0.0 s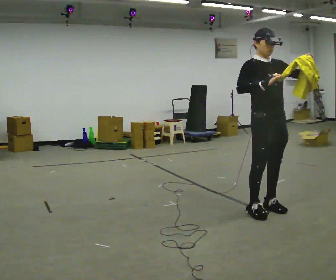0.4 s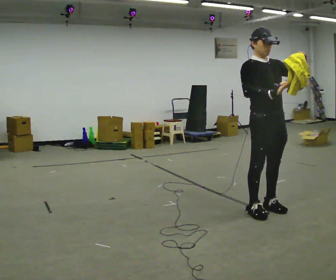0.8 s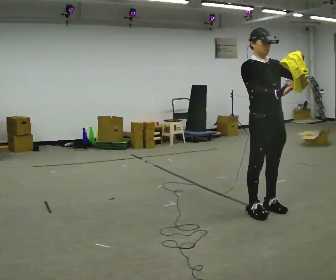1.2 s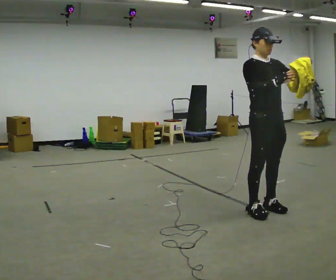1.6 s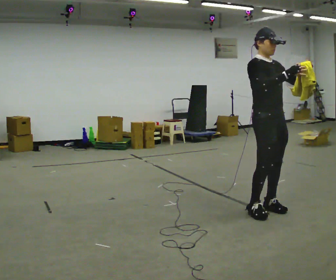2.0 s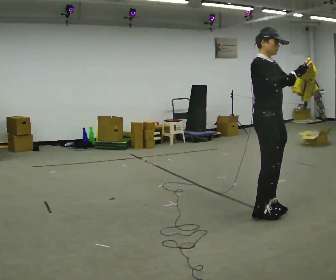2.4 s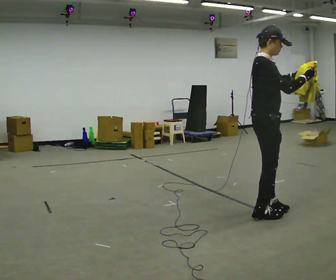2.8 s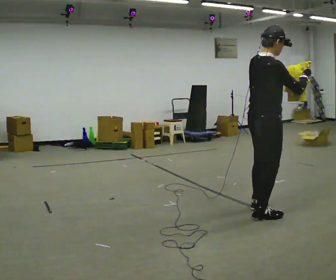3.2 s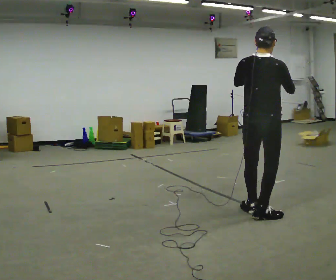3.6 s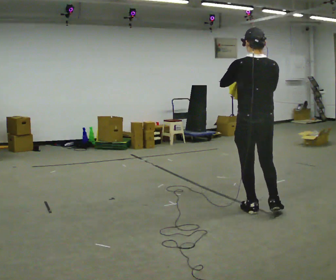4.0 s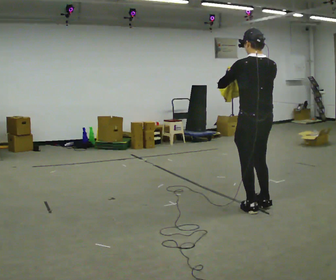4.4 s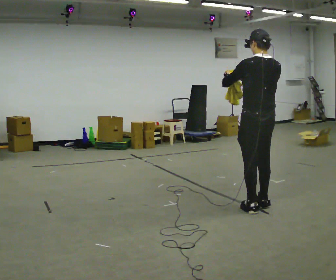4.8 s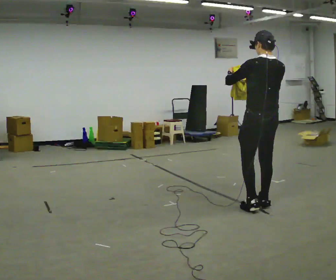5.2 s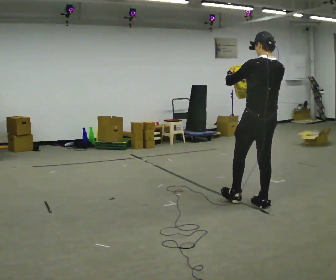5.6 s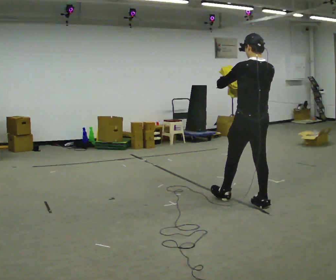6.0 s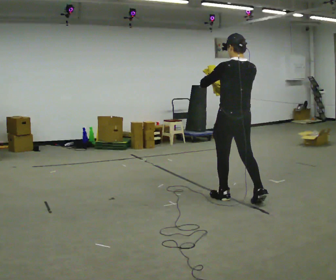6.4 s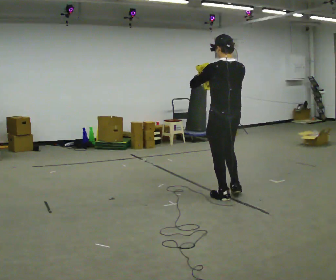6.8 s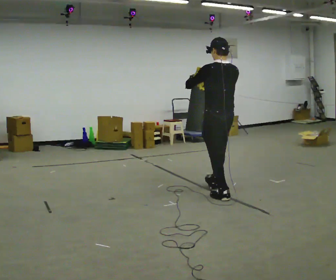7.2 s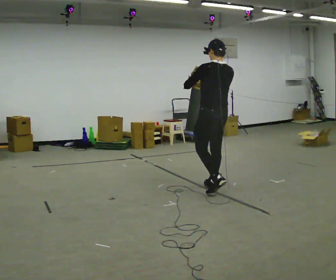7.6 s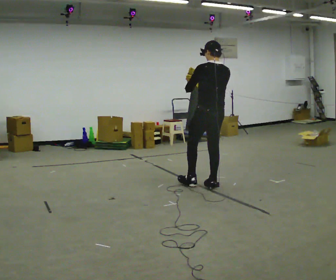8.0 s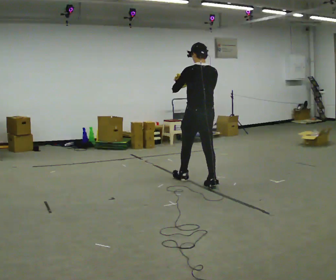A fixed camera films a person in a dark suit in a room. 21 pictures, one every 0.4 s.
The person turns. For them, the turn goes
to their left.
The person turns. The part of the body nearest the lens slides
to the right.
0.0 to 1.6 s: The person moves a little, or ends about where they began.
1.6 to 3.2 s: The person turns about 120 degrees to their left, counterclockwise seen from above, so the part of the body nearest the lens slides to the right. In the picture they go toward the camera, about 0.25 m in 2 steps. In the picture their left hand goes to the left.
3.2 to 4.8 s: The part of the body nearest the lens slides to the right as the person turns to their left by about 45 degrees. In the picture they go away from the camera, about 0.25 m in 1 step, which for them is forward and to their right.
4.8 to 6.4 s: In the picture they go to the left and away from the camera, about 0.5 m in 1 step, which for them is forward.
6.4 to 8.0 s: In the picture they go away from the camera and to the left, about 0.75 m in 2 steps, which for them is forward.
The film runs forward here.
